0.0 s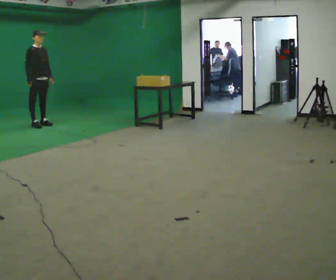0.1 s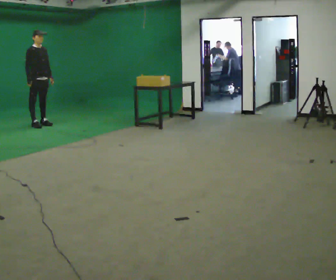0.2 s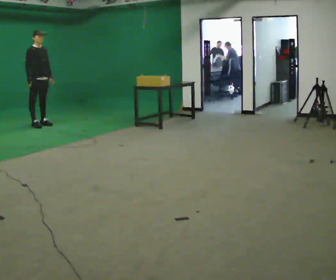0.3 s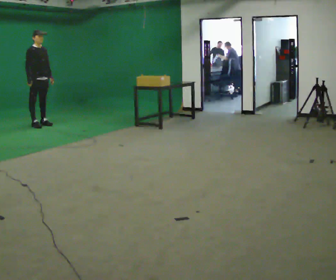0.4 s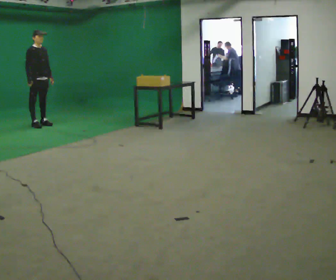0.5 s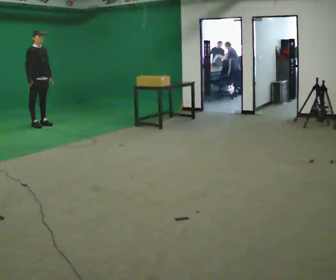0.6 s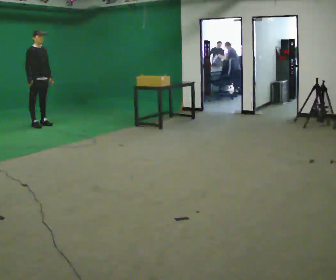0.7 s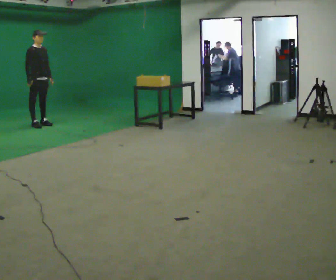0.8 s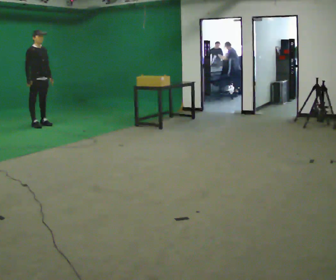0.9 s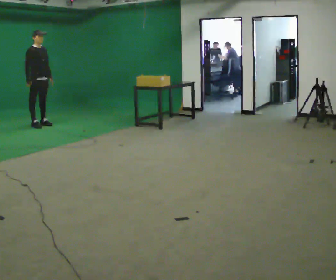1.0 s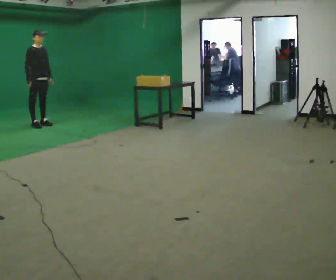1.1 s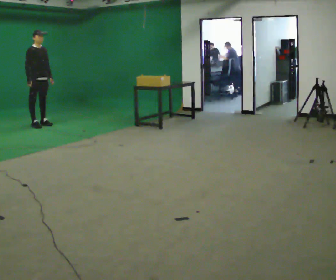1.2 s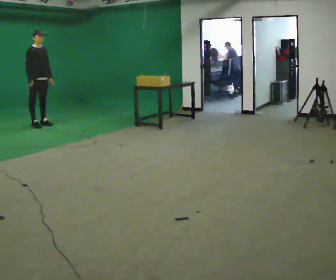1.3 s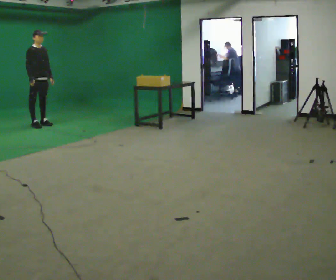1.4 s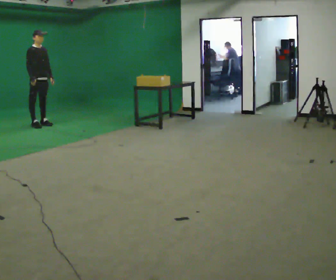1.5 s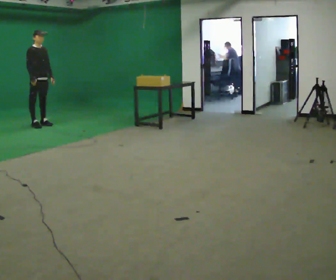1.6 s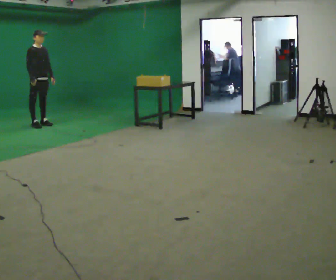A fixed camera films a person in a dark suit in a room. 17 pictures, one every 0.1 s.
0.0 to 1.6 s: The person moves a little, or ends about where they began.
The film runs backward here.
